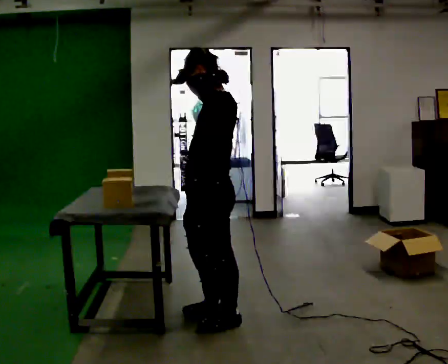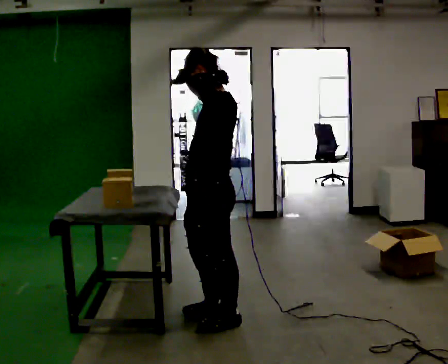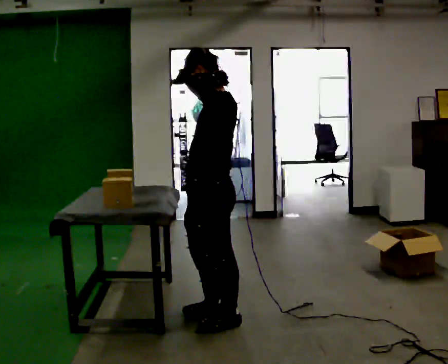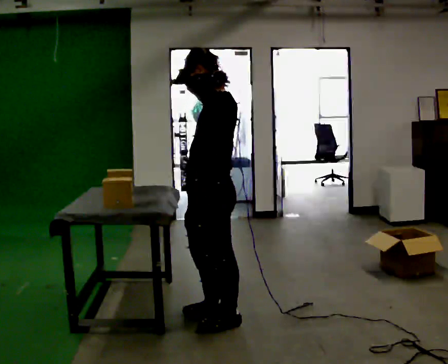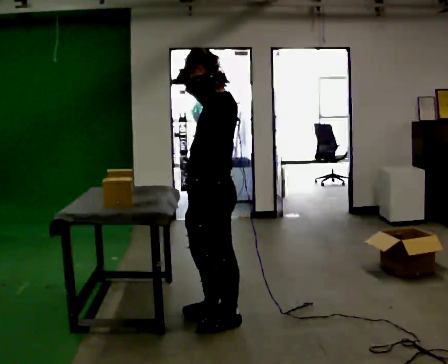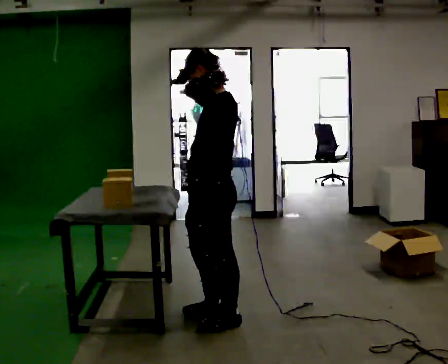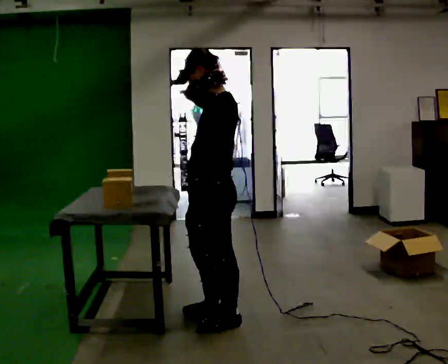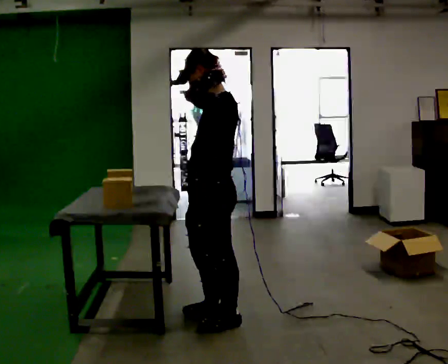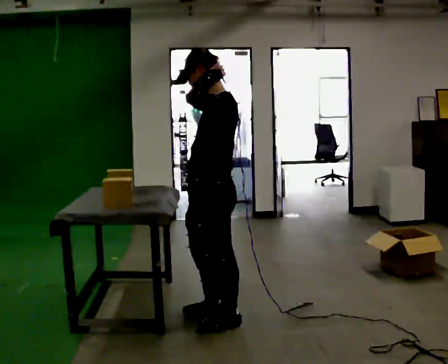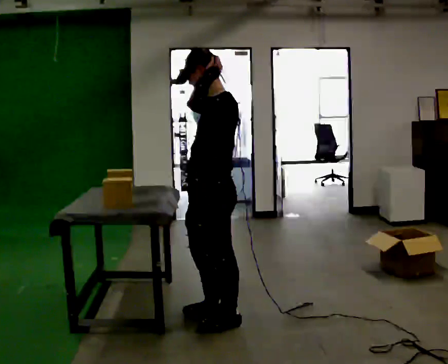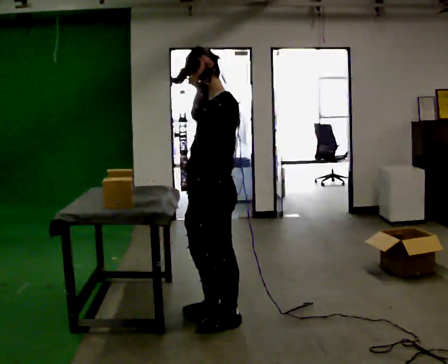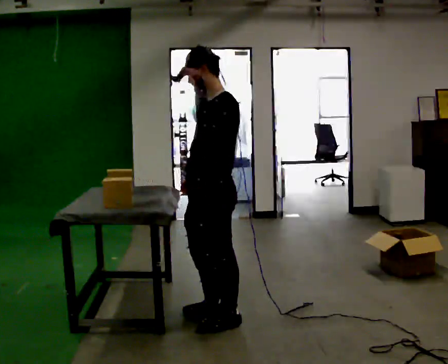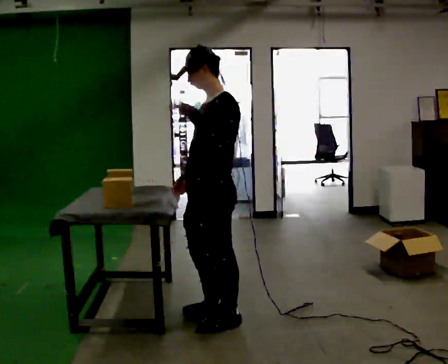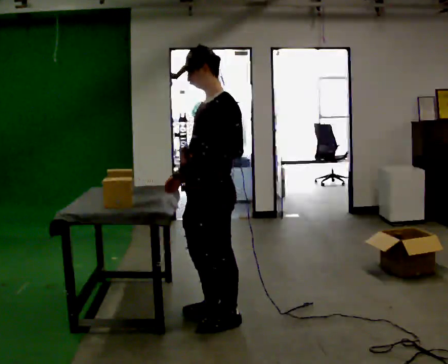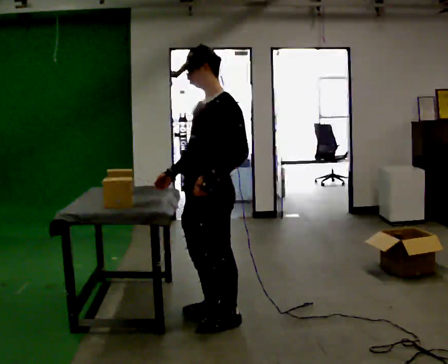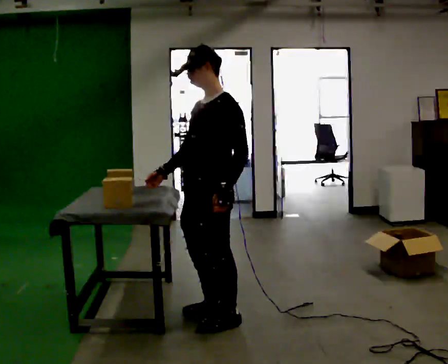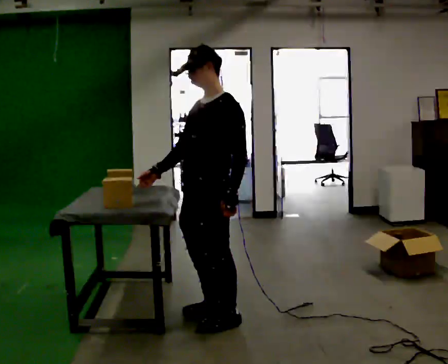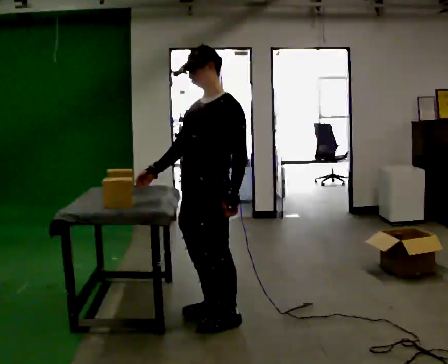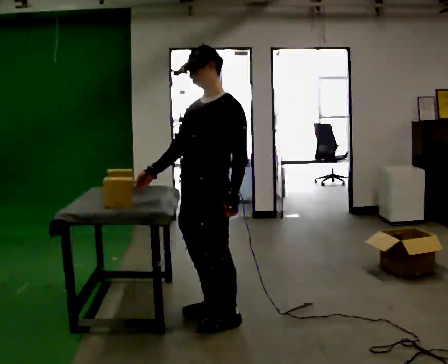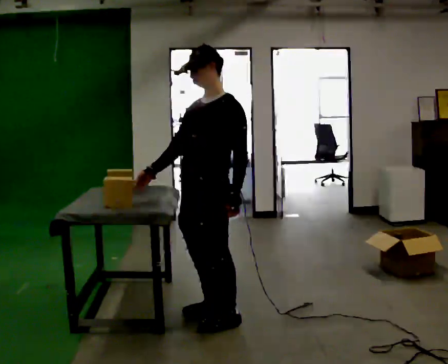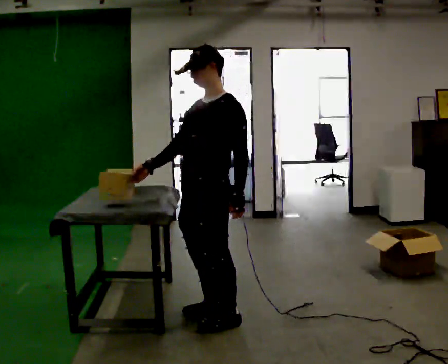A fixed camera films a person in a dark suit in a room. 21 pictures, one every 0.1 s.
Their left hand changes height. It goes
downward.
0.0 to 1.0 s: The person moves a little, or ends about where they began.
1.0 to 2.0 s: In the picture their left hand goes downward.
The film runs backward here.
